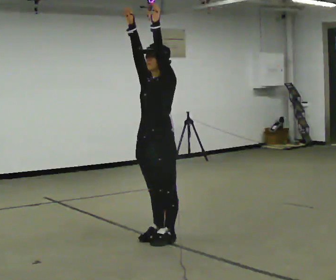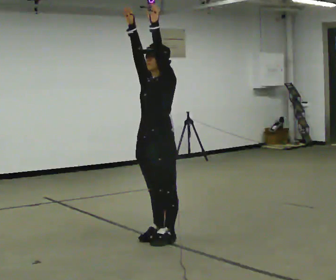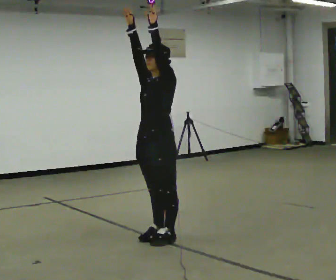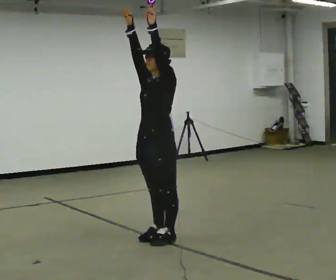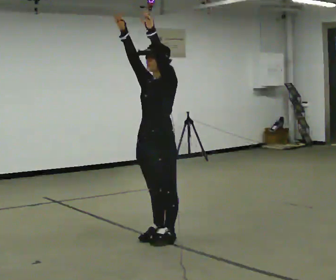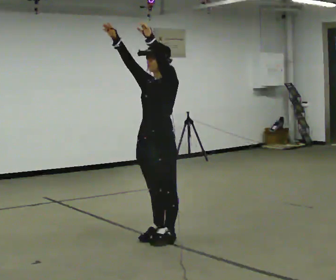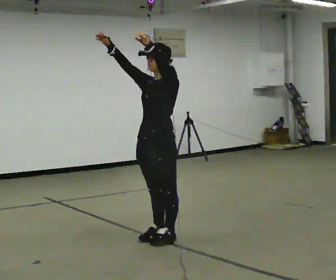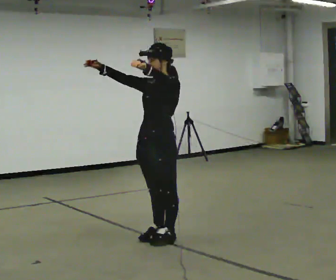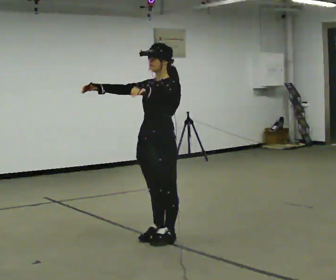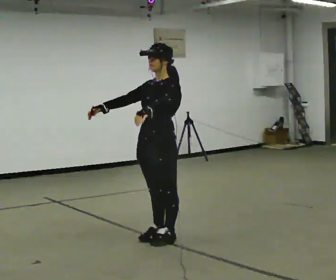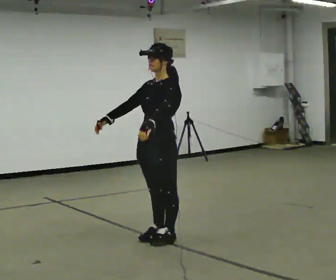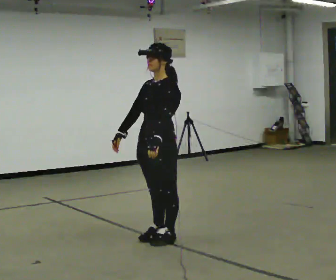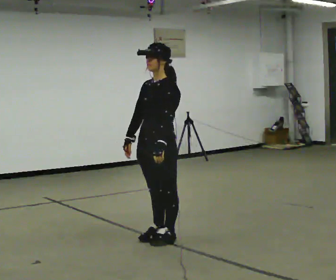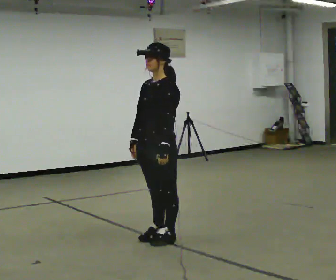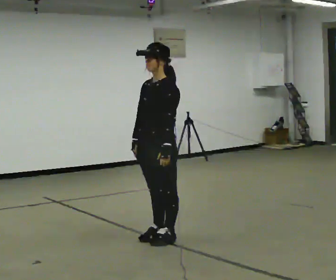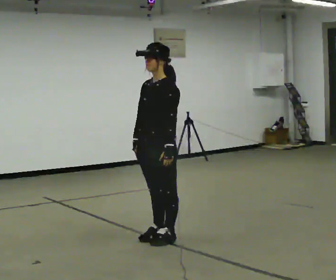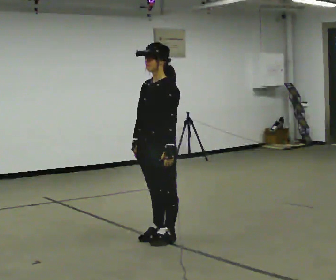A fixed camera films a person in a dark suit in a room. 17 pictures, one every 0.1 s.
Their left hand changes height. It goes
downward.
Their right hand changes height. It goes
downward.
0.0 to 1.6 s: In the picture their left hand goes downward.
The film runs forward here.
